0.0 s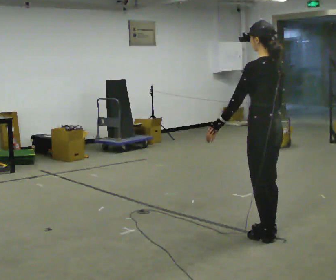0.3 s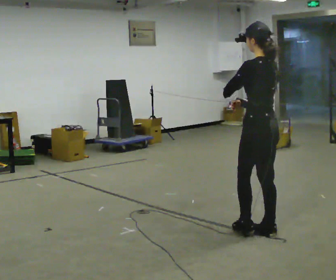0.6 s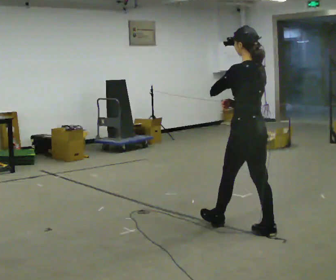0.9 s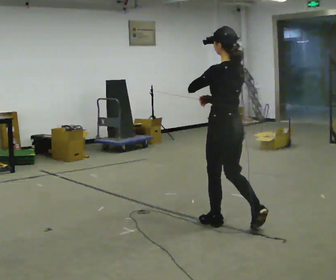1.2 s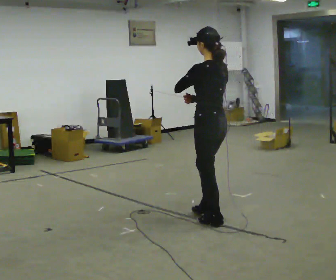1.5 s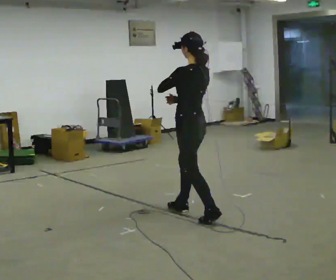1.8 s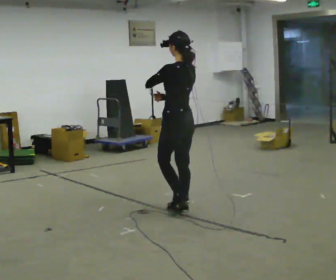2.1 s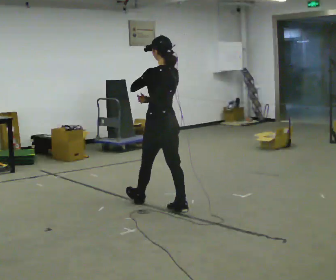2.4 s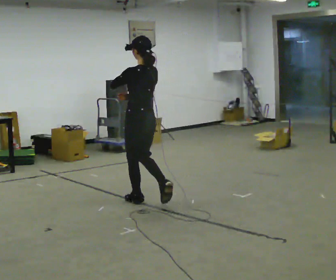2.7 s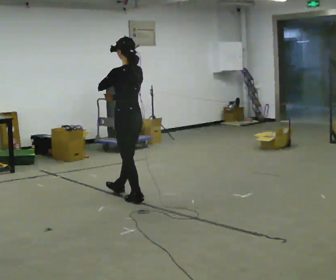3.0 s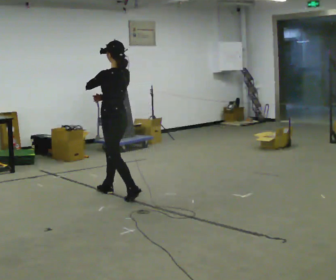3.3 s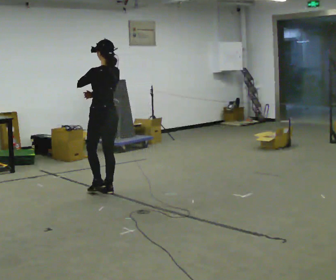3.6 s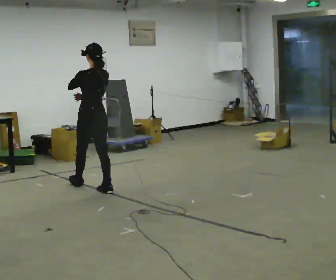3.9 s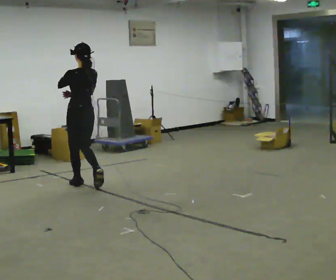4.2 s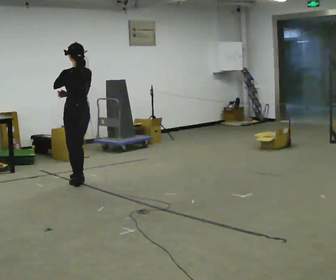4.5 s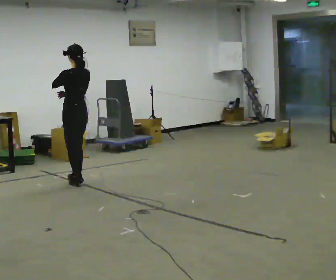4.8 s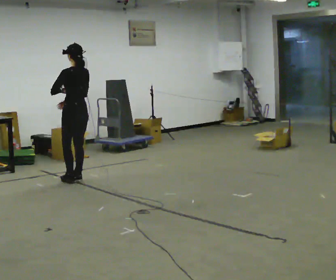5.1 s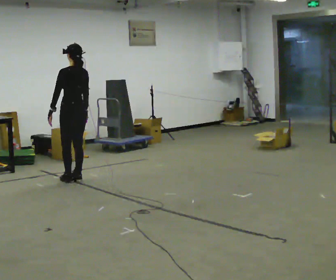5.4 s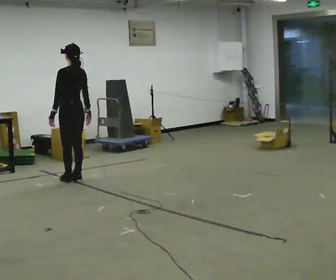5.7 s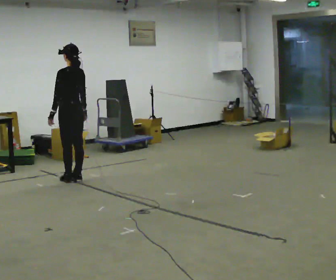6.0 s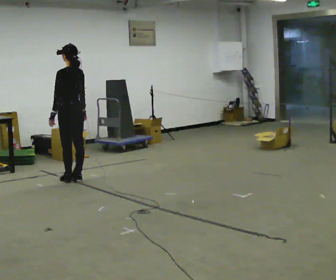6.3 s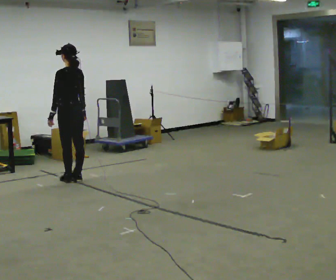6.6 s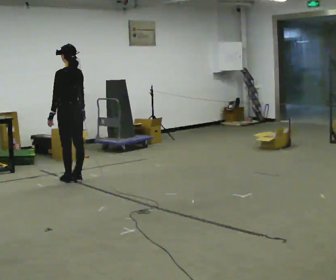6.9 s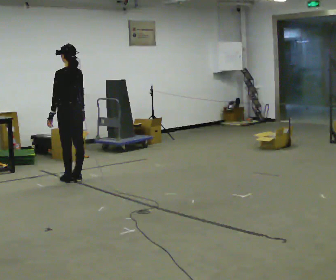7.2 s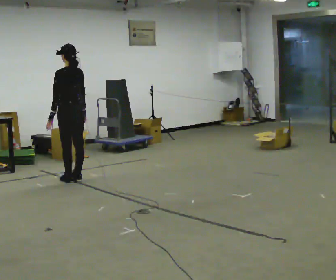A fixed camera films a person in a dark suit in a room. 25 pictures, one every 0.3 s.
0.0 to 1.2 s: In the picture they go away from the camera and to the left, about 0.5 m in 1 step, which for them is forward.
1.2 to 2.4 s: In the picture they go away from the camera and to the left, about 1 m in 2 steps, which for them is forward.
2.4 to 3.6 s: In the picture they go away from the camera and to the left, about 1 m in 2 steps, which for them is forward.
3.6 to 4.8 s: In the picture they go away from the camera and to the left, about 0.5 m in 1 step, which for them is forward.
4.8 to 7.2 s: The person moves a little, or ends about where they began.
The film runs forward here.
